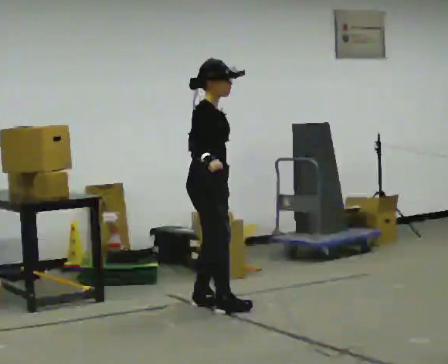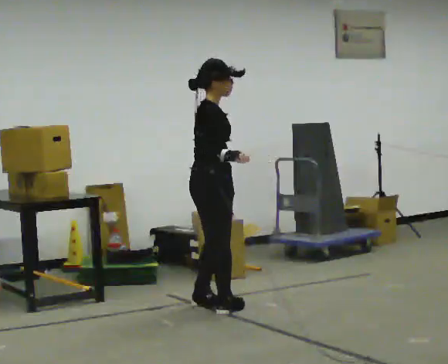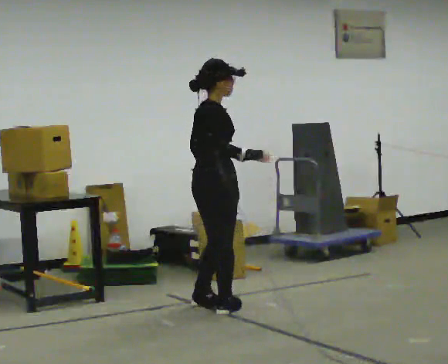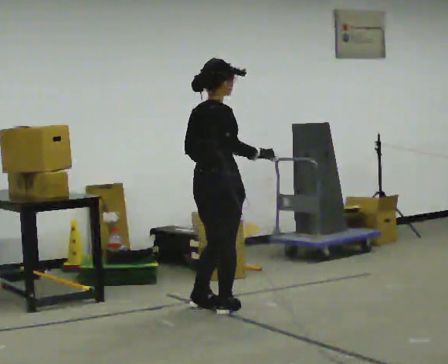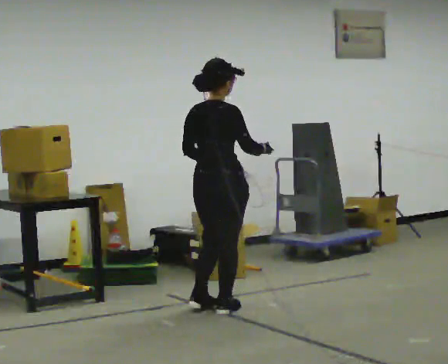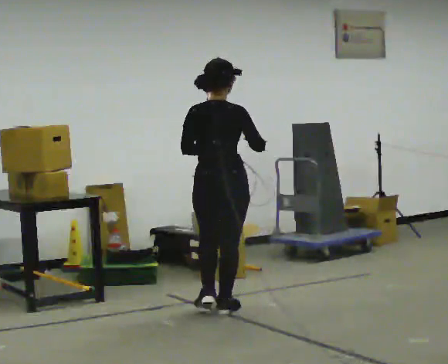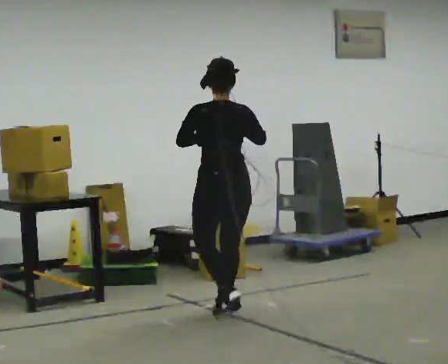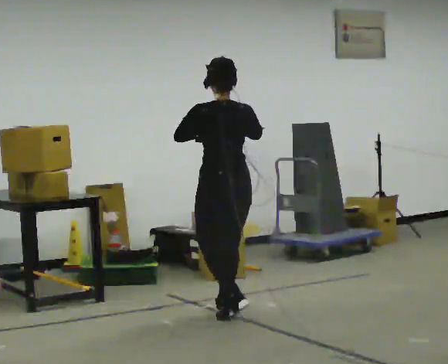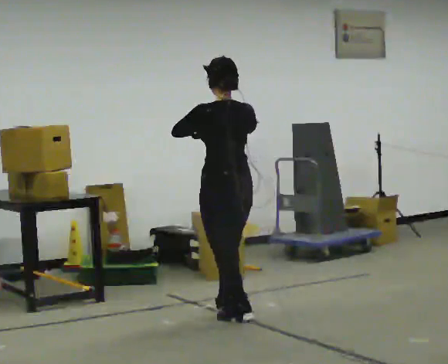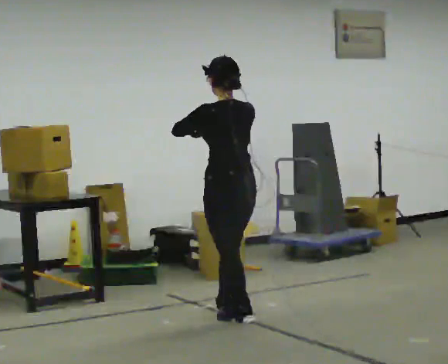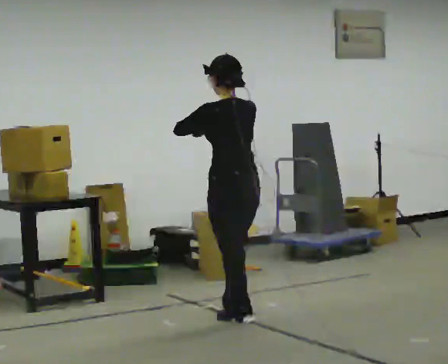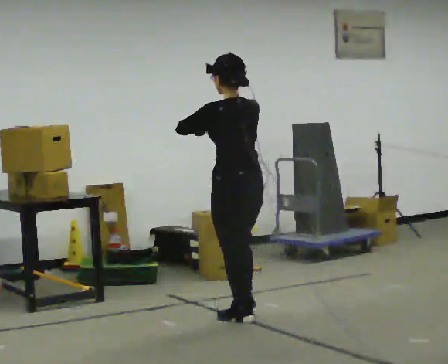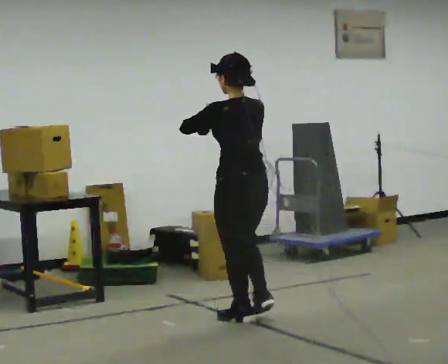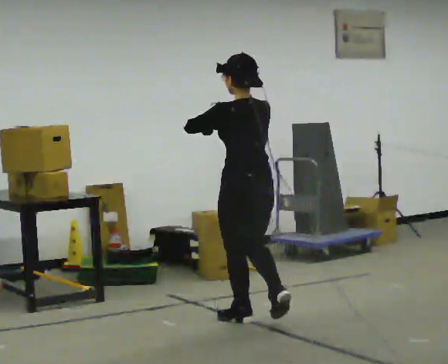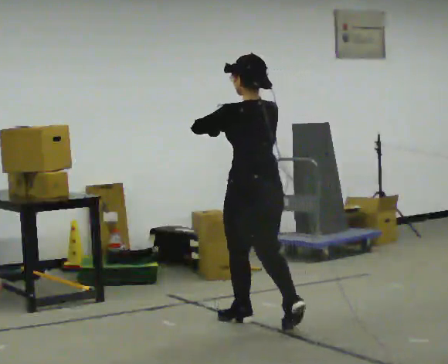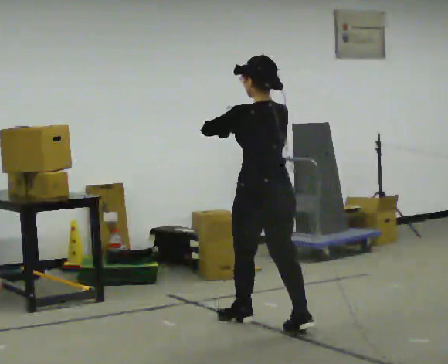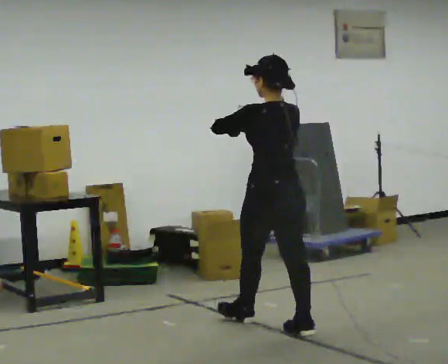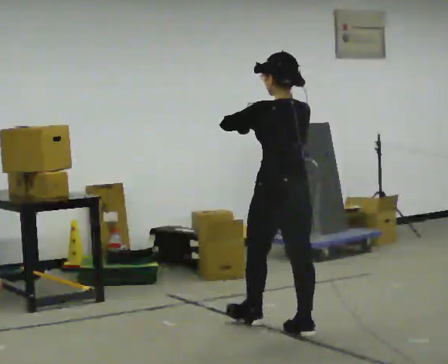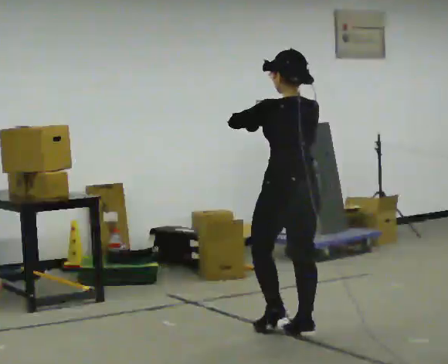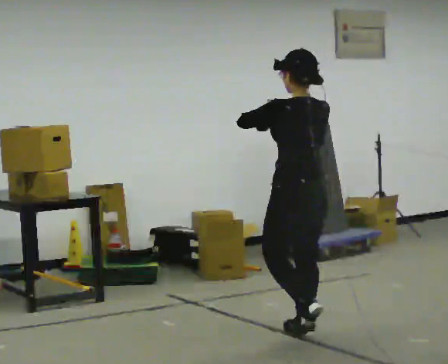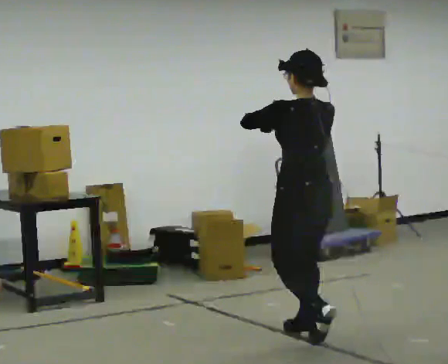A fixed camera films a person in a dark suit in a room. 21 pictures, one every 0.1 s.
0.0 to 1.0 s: Seen from above the body turns counterclockwise, about 135 degrees: to their left, with its near side sliding to the right. In the picture they go toward the camera and to the right, about 0.5 m in 2 steps. In the picture their right hand goes upward.
1.0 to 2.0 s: In the picture they go toward the camera and to the right, about 0.75 m in 1 step, which for them is backward.
The film runs backward here.
